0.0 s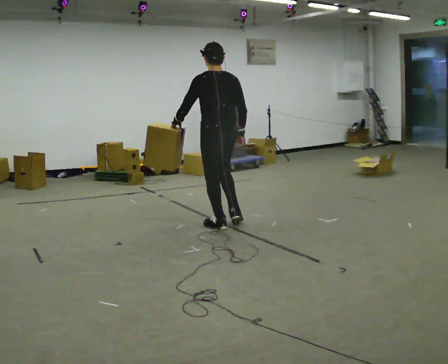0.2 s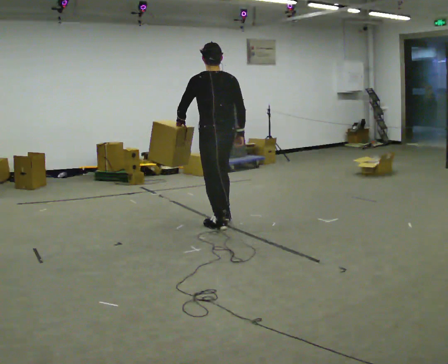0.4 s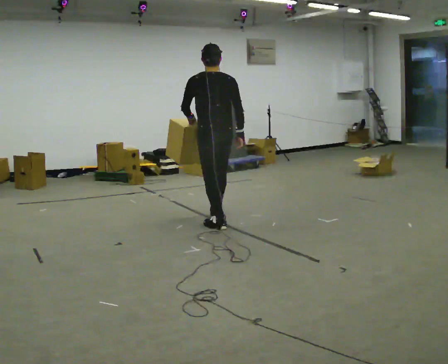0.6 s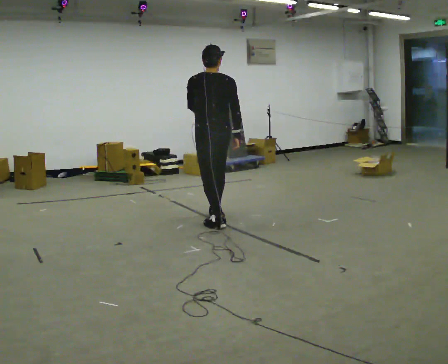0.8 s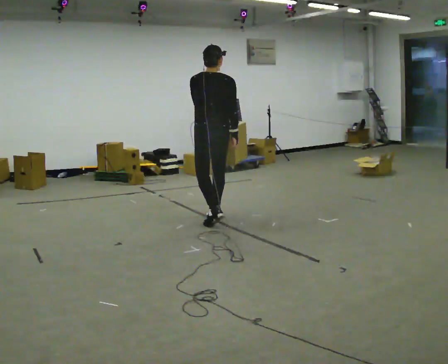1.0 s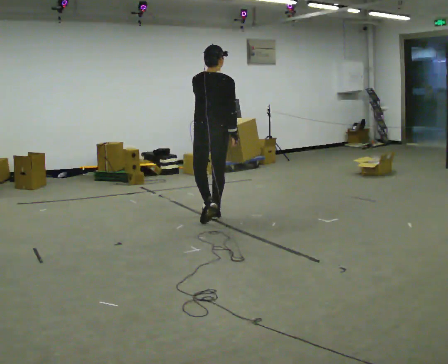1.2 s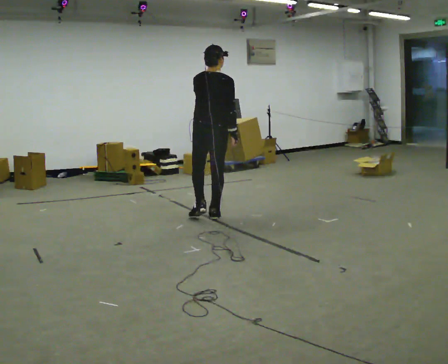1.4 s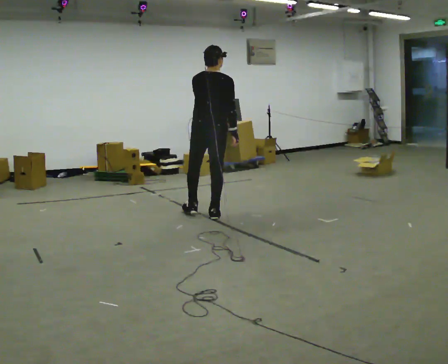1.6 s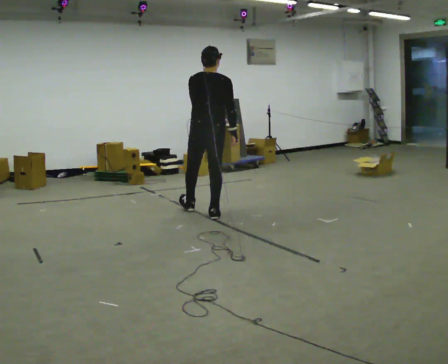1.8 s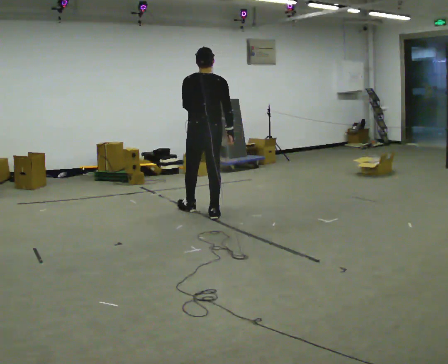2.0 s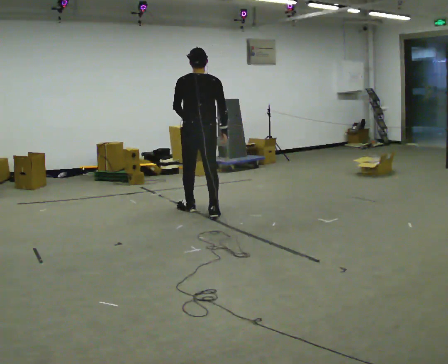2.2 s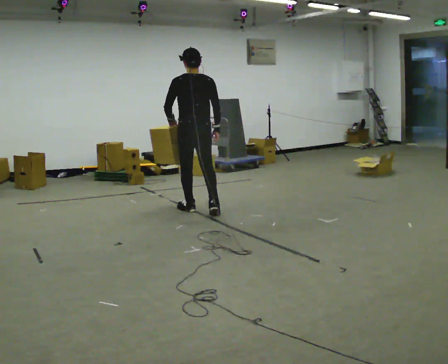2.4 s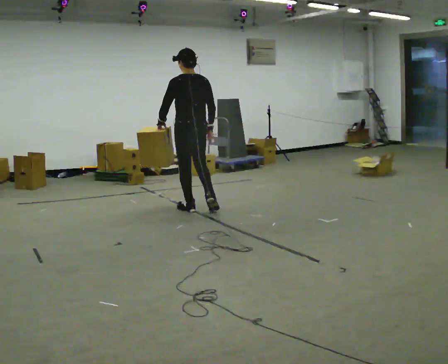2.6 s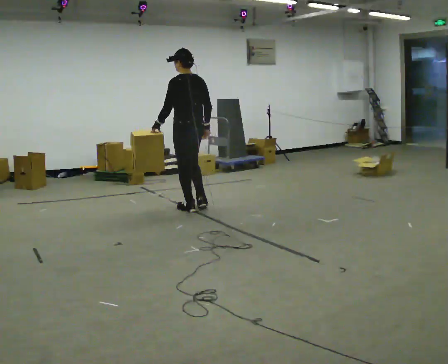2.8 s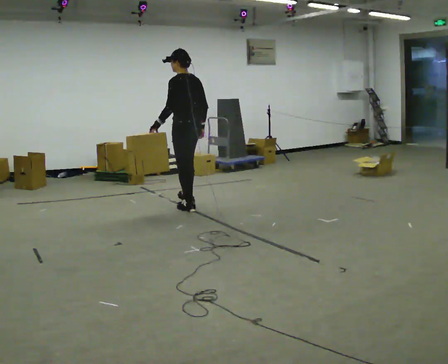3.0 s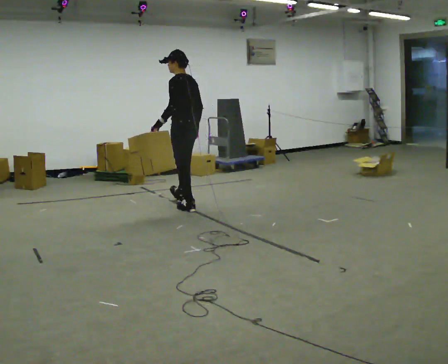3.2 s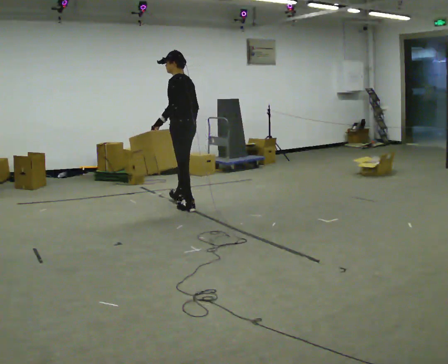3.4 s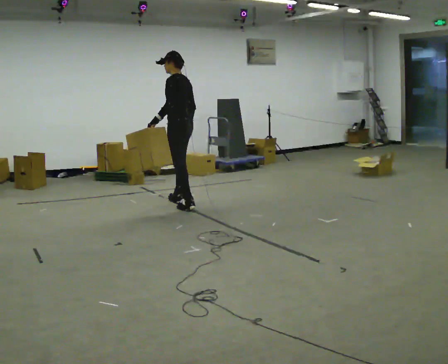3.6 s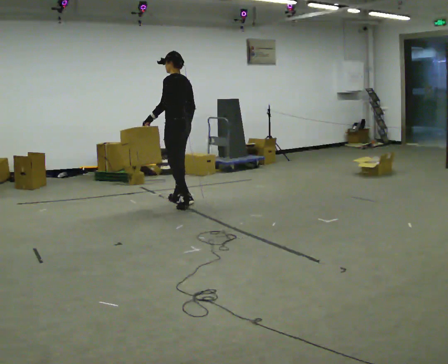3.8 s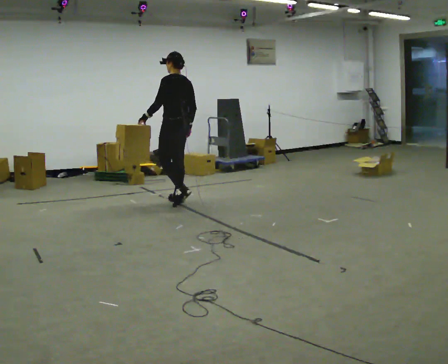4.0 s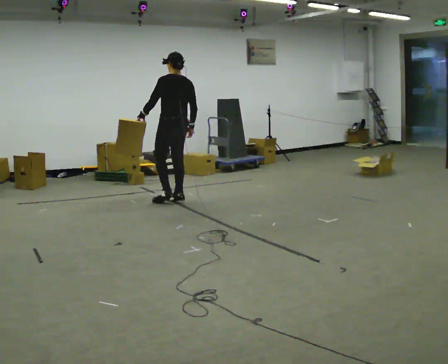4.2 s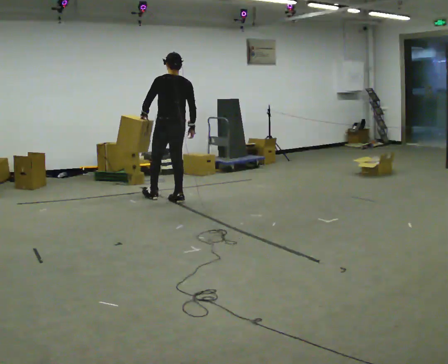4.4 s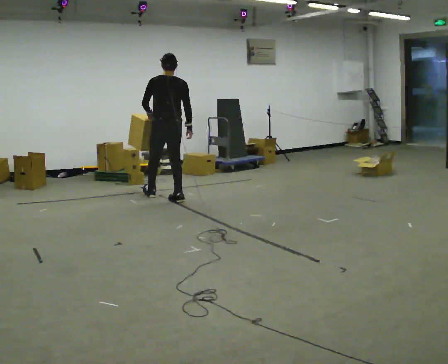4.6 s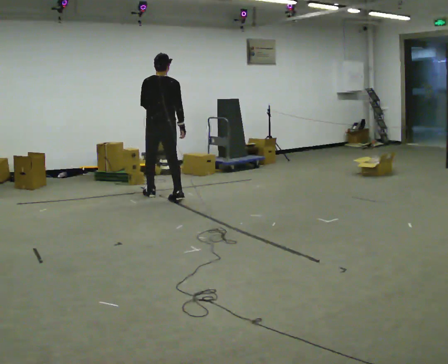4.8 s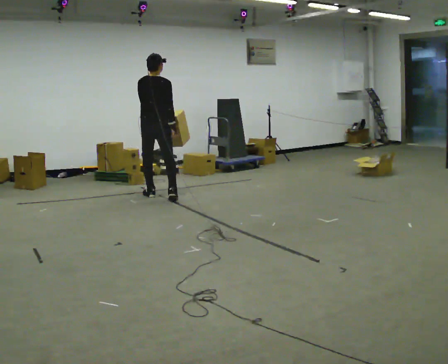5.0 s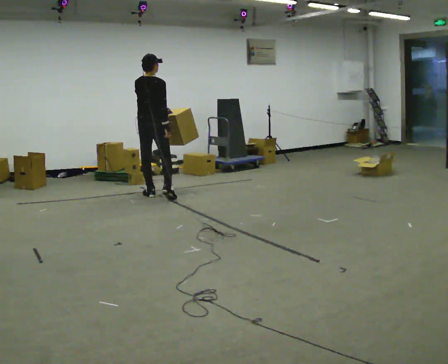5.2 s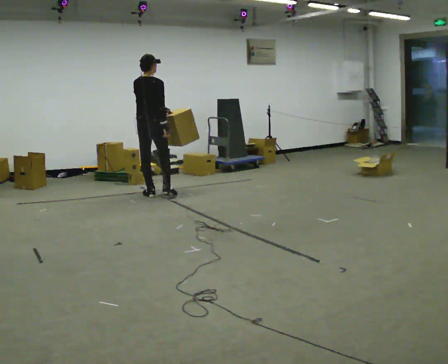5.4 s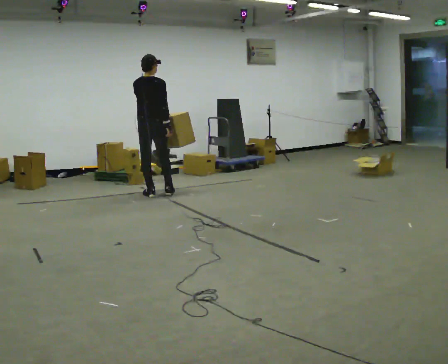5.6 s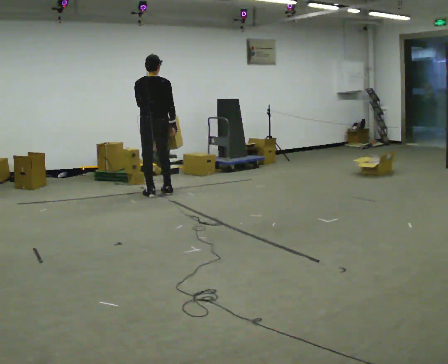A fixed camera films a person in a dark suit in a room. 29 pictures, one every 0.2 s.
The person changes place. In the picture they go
away from the camera.
0.0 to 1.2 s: Seen from above the body turns clockwise, about 45 degrees: to their right, with its near side sliding to the left. In the picture they go away from the camera, about 0.25 m in 1 step, which for them is forward.
1.2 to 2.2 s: The person turns about 30 degrees to their left, counterclockwise seen from above, so the part of the body nearest the lens slides to the right. In the picture they go away from the camera and to the left, about 0.25 m in 1 step, which for them is forward and to their left.
2.2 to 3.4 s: The part of the body nearest the lens slides to the right as the person turns to their left by about 45 degrees. In the picture they go away from the camera and to the left, about 0.25 m in 1 step, which for them is forward.
3.4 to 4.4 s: The part of the body nearest the lens slides to the left as the person turns to their right by about 60 degrees. In the picture they go away from the camera and to the left, about 0.5 m in 1 step.
4.4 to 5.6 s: In the picture they go away from the camera and to the left, about 0.25 m in 1 step, which for them is to their left and forward.
The film runs forward here.
